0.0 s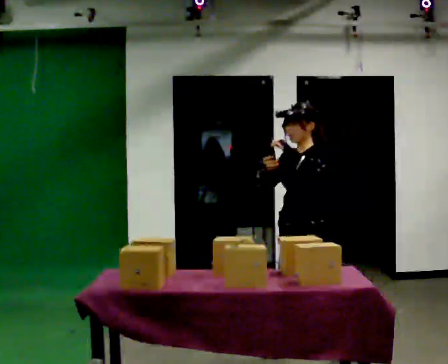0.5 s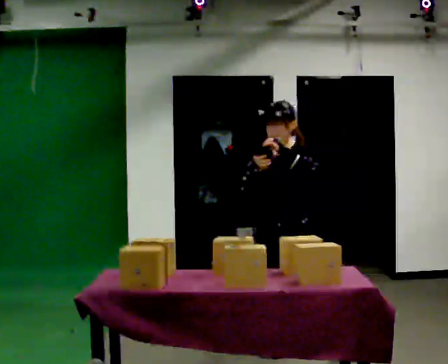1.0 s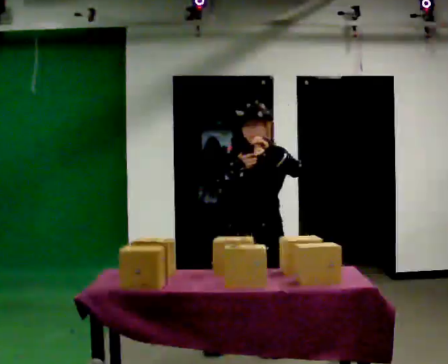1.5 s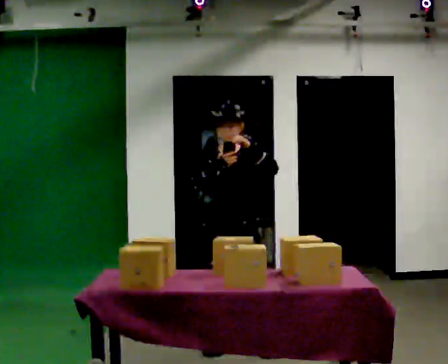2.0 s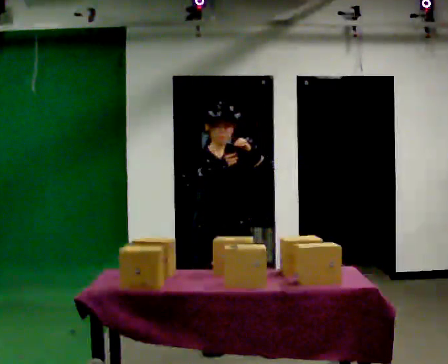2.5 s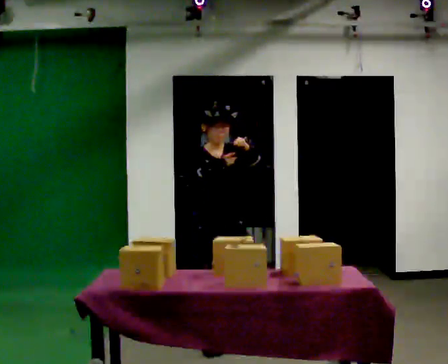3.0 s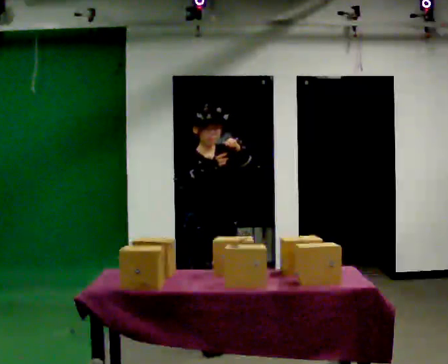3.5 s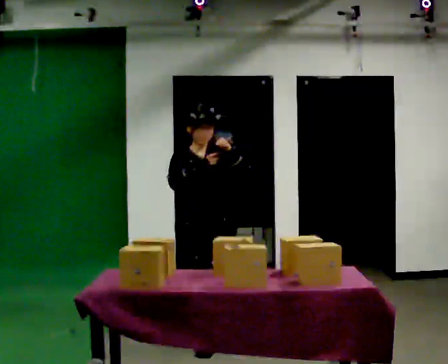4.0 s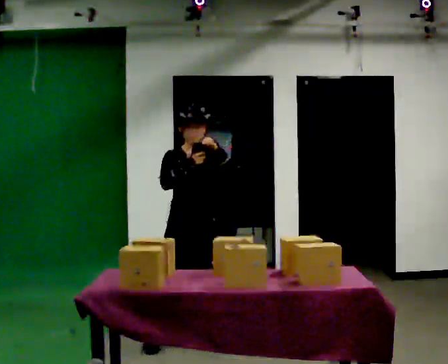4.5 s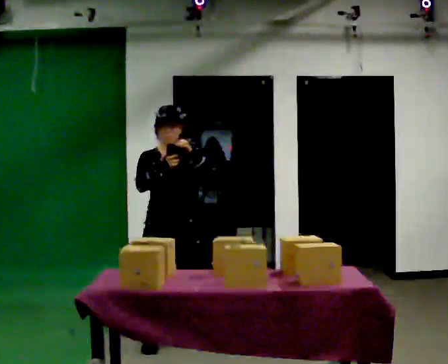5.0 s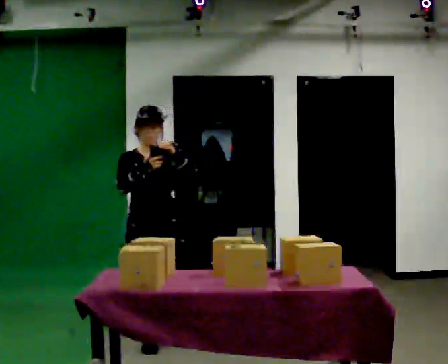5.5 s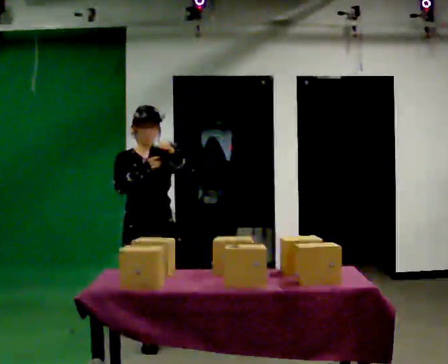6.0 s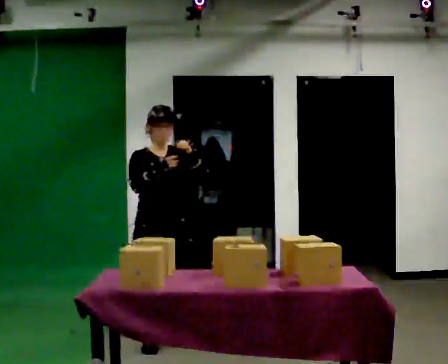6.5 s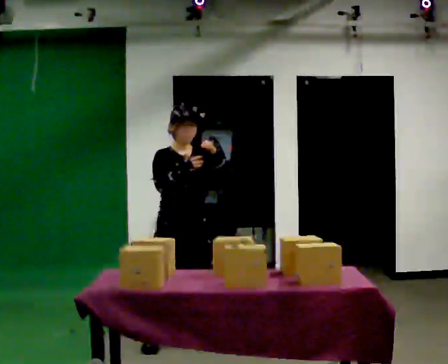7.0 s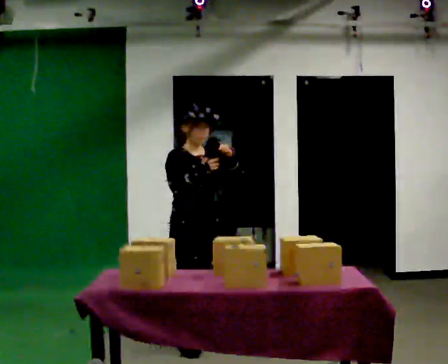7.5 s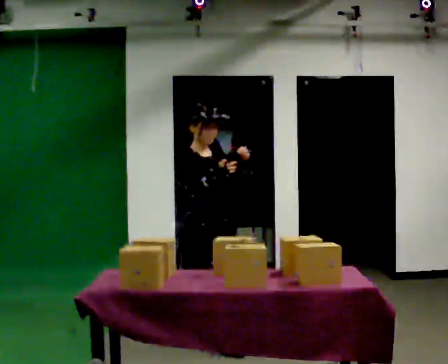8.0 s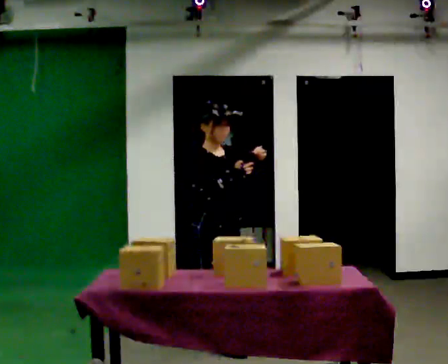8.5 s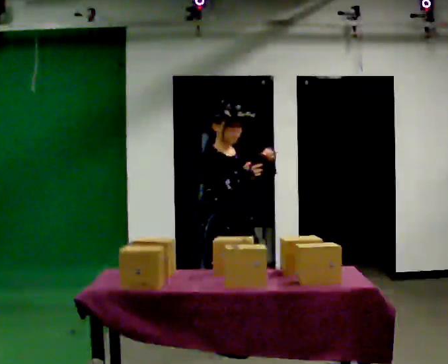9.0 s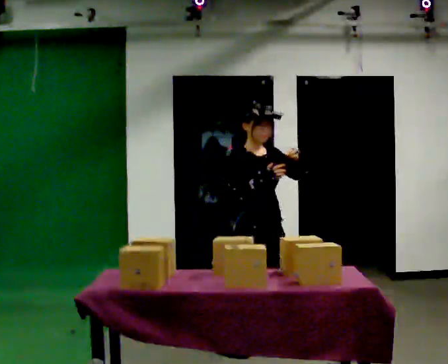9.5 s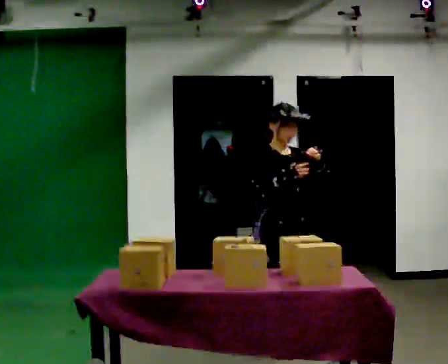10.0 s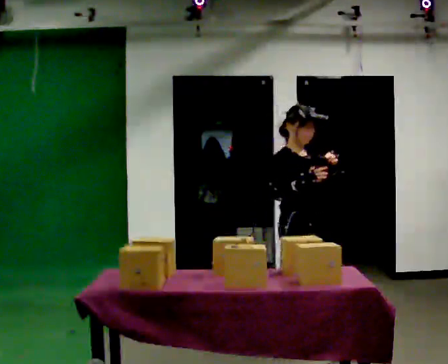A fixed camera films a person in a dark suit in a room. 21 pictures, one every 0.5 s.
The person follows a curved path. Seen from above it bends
counterclockwise.
0.0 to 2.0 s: The person turns about 90 degrees to their left, counterclockwise seen from above, so the part of the body nearest the lens slides to the right. In the picture they go to the left, about 0.5 m in 2 steps.
2.0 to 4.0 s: In the picture they go away from the camera and to the left, about 0.25 m in 2 steps, which for them is backward.
4.0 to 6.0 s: In the picture they go to the left, about 0.25 m, which for them is to their right.
6.0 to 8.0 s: The person turns about 45 degrees to their left, counterclockwise seen from above, so the part of the body nearest the lens slides to the right. In the picture they go to the right and toward the camera, about 0.5 m in 1 step, which for them is forward and to their left.
8.0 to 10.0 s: In the picture they go to the right, about 0.5 m in 1 step, which for them is to their left and forward.
The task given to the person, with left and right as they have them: Carry the handheld device and, while walking, point it at the labels on the shelves and press the button as if scanning them.
The film runs forward here.
